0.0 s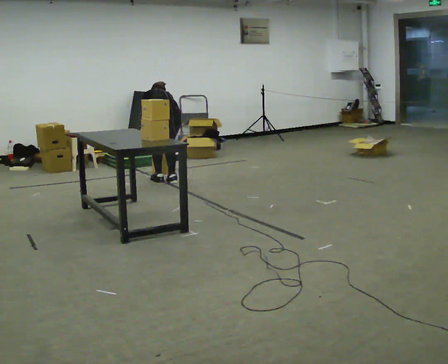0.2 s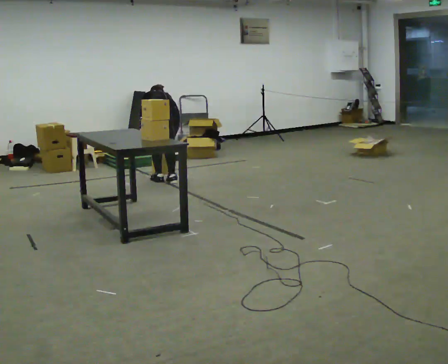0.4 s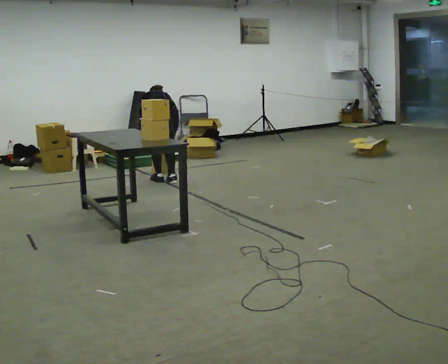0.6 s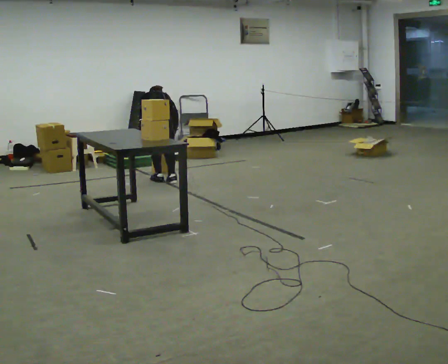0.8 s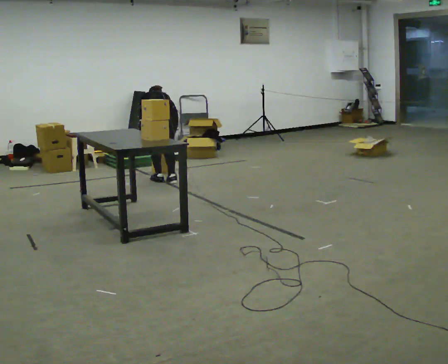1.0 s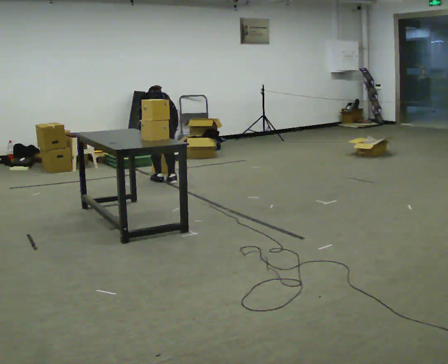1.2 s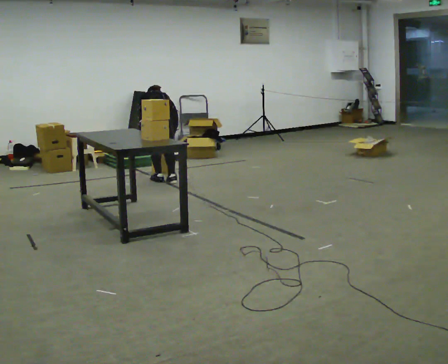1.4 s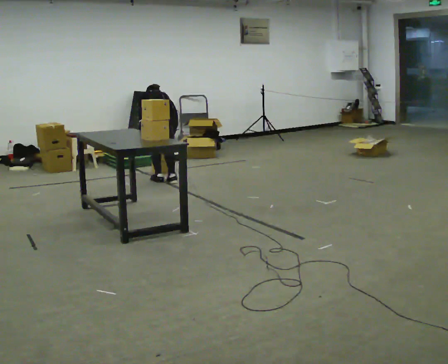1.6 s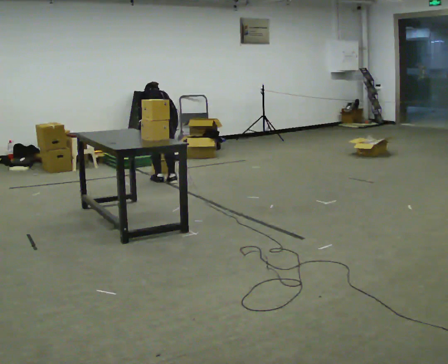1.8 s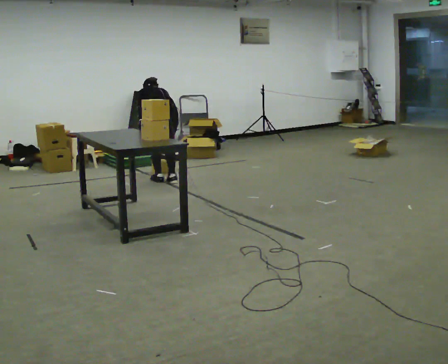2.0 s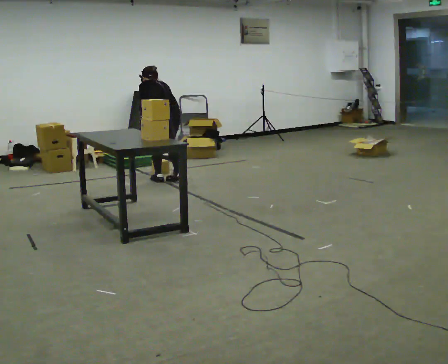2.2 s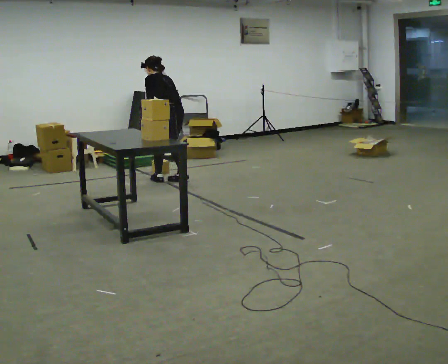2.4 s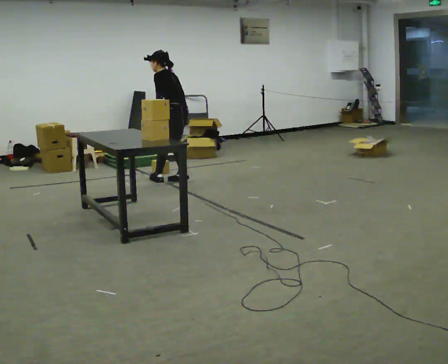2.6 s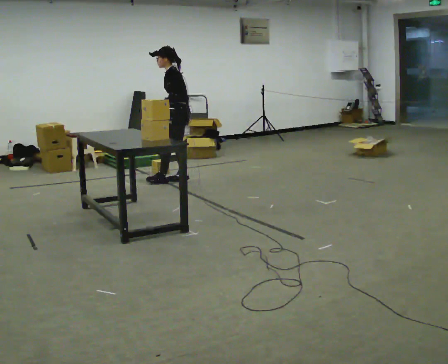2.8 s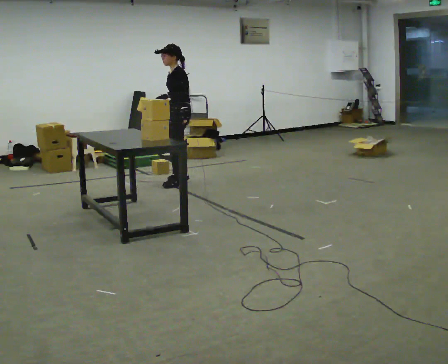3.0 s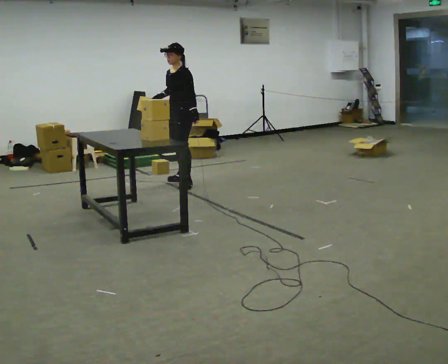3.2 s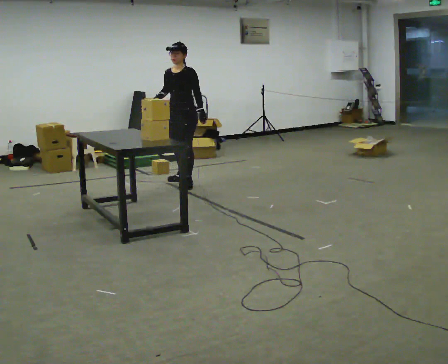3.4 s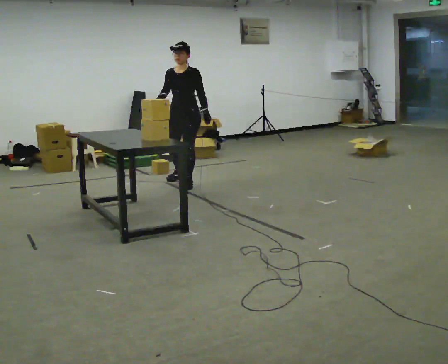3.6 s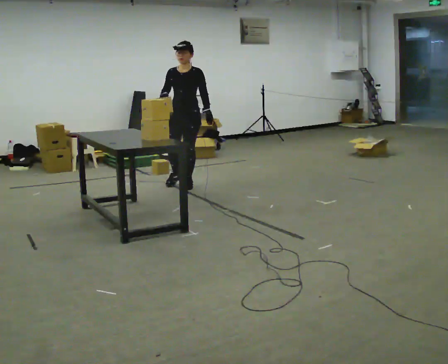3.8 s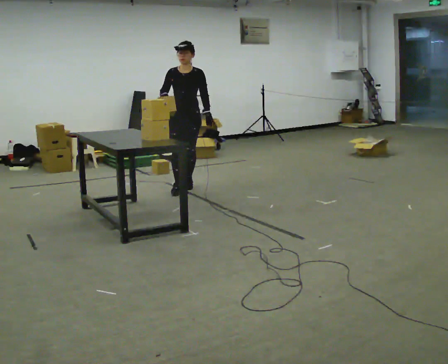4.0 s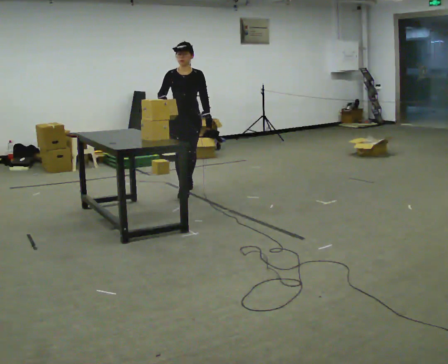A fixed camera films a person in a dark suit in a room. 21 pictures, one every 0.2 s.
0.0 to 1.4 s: The person moves a little, or ends about where they began.
1.4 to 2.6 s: The person turns about 60 degrees to their left, counterclockwise seen from above, so the part of the body nearest the lens slides to the right. In the picture they go to the right, about 0.25 m in 1 step, which for them is to their right. The upper body goes upward. The upper body tips toward the camera, its near side rolling downward, as they lean back or straighten. In the picture their right hand goes upward.
2.6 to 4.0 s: The part of the body nearest the lens slides to the right as the person turns to their left by about 105 degrees. In the picture they go toward the camera, about 0.5 m in 2 steps.
The film runs forward here.
